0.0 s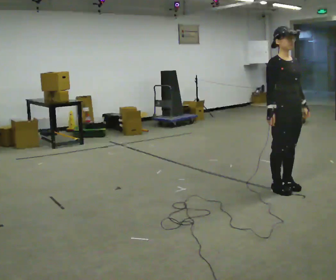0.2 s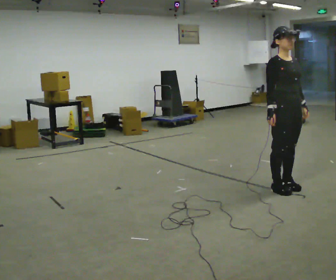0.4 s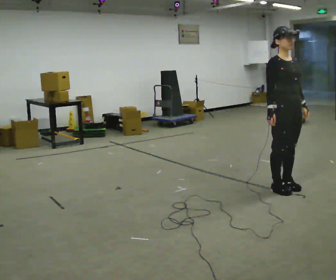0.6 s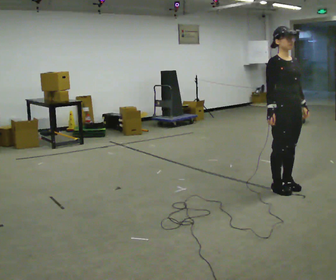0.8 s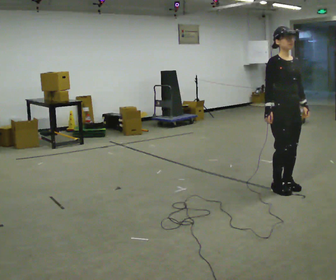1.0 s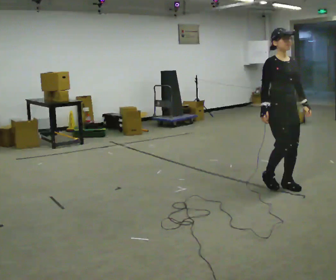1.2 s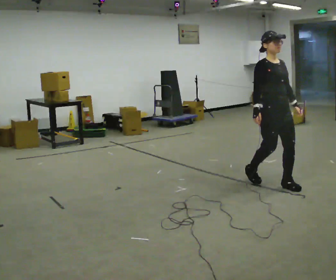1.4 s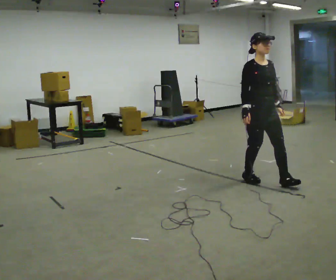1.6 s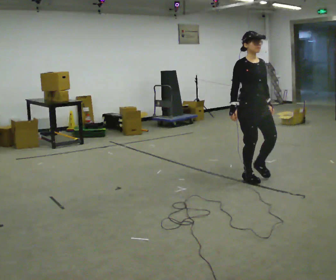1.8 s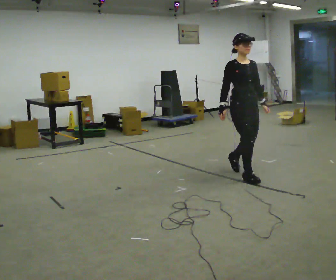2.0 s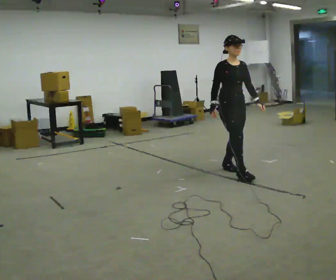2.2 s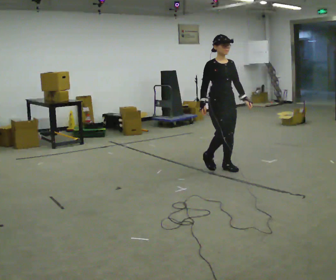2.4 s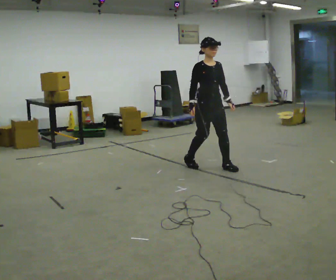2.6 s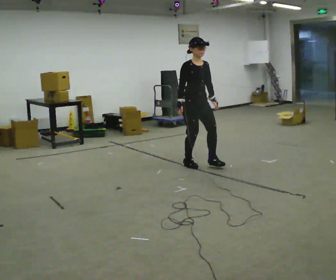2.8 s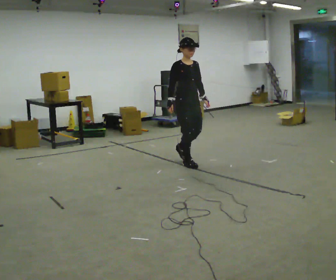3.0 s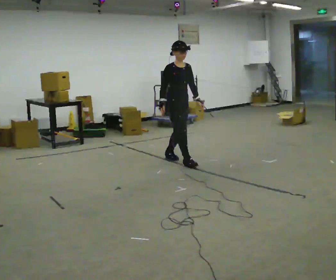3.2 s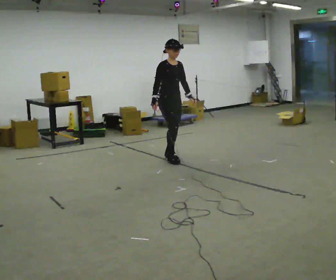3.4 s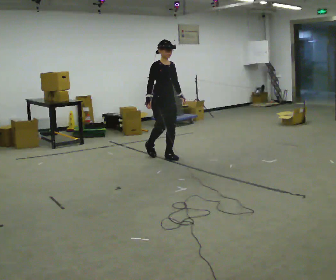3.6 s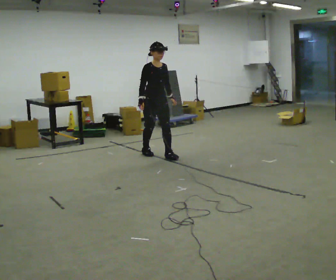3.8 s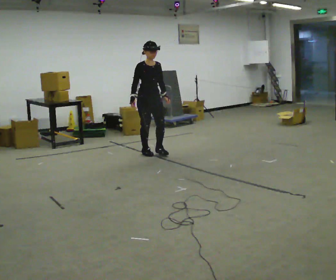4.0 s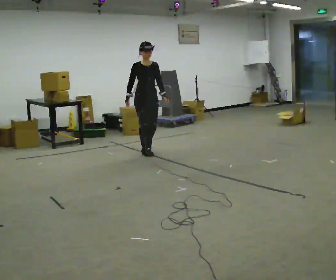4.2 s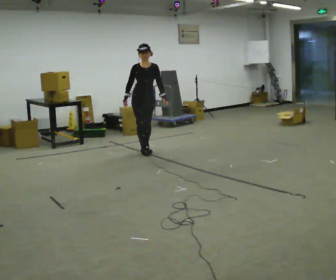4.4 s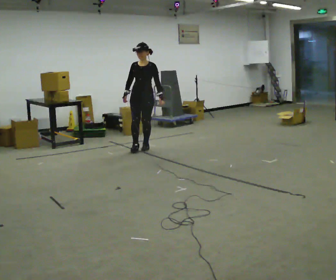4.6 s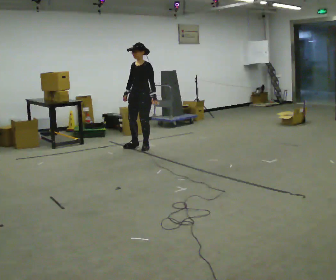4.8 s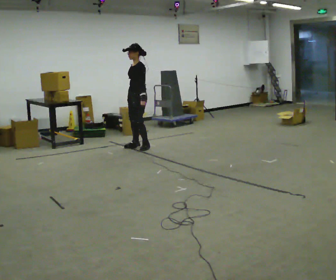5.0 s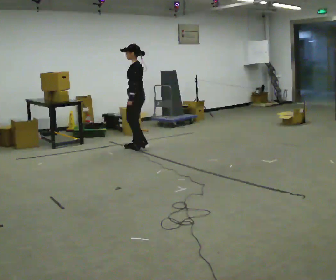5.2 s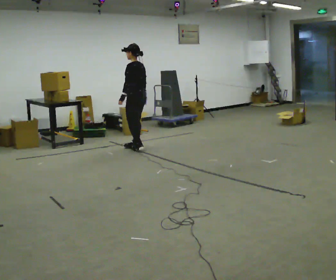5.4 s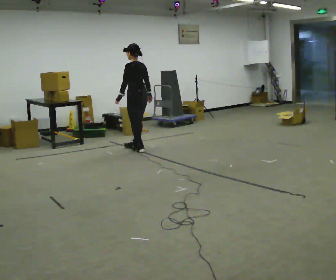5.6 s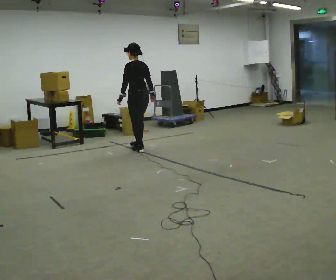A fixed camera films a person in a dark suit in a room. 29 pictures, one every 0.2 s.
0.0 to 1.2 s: In the picture they go away from the camera, about 0.25 m, which for them is backward.
1.2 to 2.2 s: In the picture they go away from the camera and to the left, about 1 m in 2 steps, which for them is backward.
2.2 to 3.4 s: In the picture they go to the left and away from the camera, about 1 m in 2 steps, which for them is backward.
3.4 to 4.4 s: Seen from above the body turns clockwise, about 45 degrees: to their right, with its near side sliding to the left. In the picture they go away from the camera and to the left, about 0.75 m in 2 steps, which for them is backward.
4.4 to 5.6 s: Seen from above the body turns clockwise, about 120 degrees: to their right, with its near side sliding to the left. In the picture their right hand goes to the right, the arm swinging counterclockwise.
The film runs forward here.
